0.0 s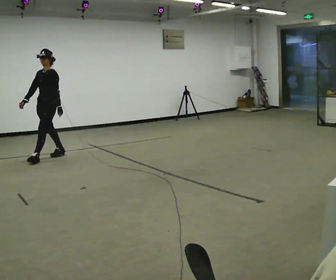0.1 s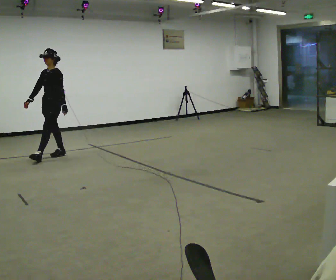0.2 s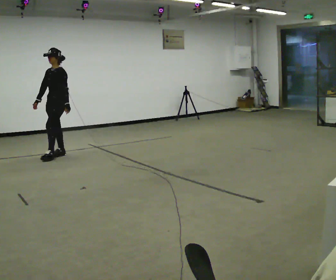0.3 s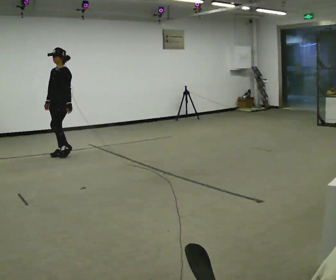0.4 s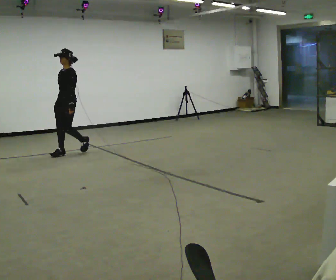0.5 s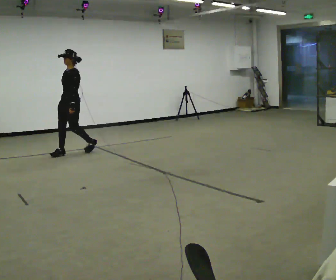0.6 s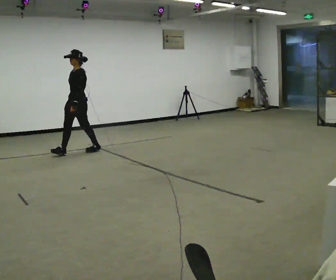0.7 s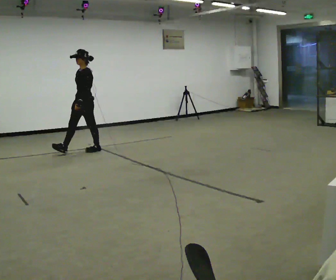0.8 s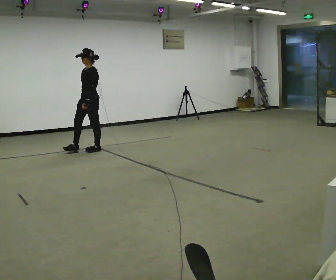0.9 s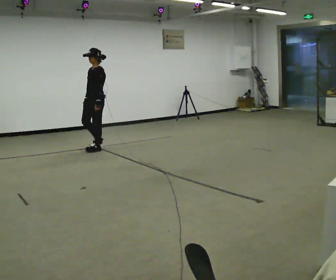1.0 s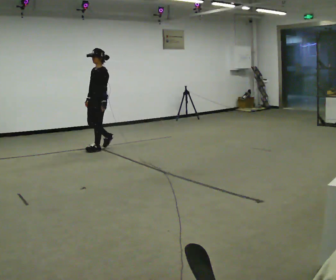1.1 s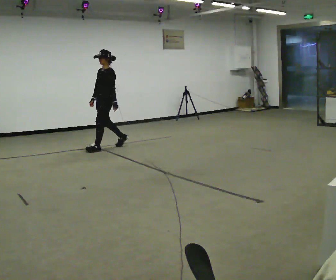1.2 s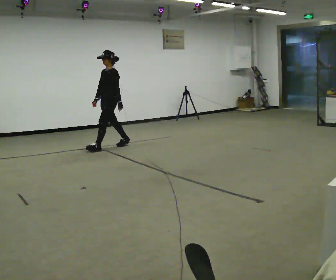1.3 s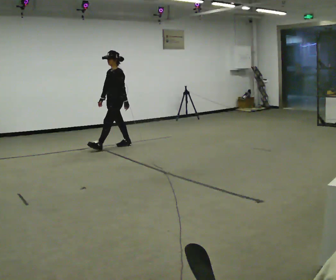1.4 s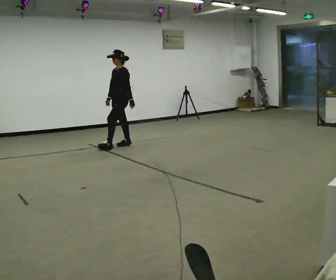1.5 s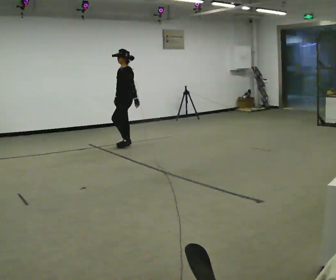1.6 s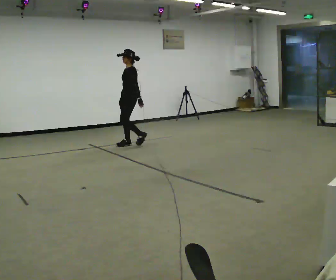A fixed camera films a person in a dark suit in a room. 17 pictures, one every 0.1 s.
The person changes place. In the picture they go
to the right.
0.0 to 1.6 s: The part of the body nearest the lens slides to the left as the person turns to their right by about 30 degrees. In the picture they go to the right and away from the camera, about 1.5 m in 3 steps, which for them is backward.
The film runs backward here.
